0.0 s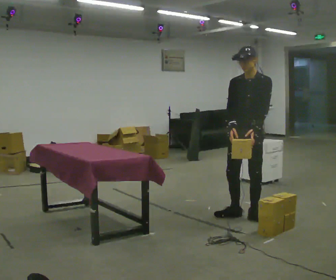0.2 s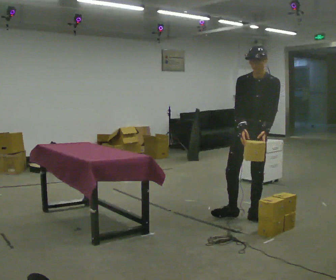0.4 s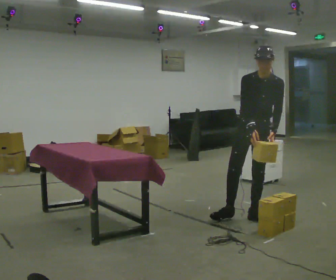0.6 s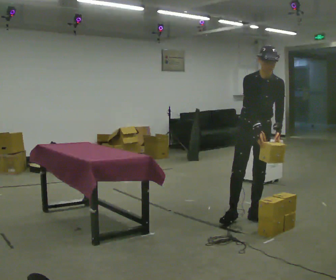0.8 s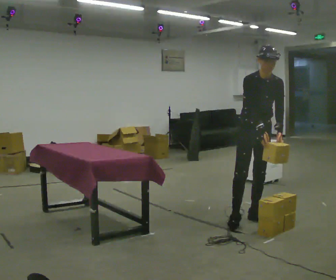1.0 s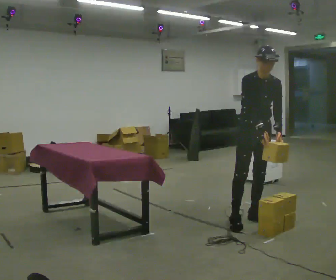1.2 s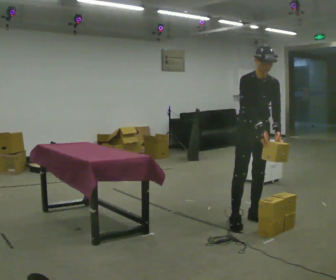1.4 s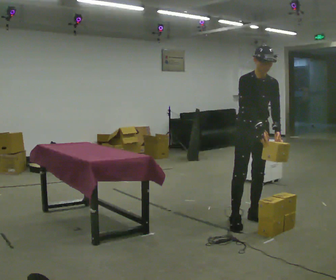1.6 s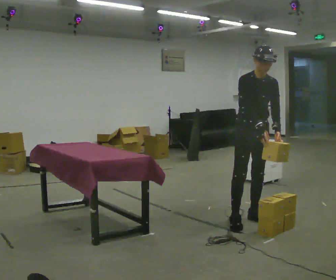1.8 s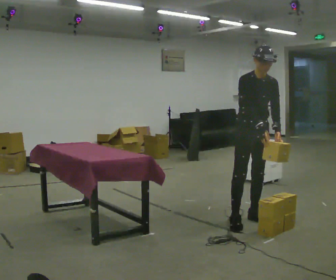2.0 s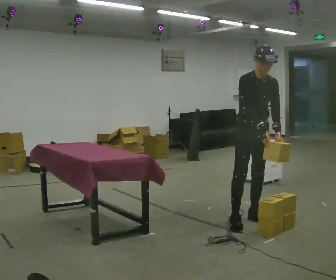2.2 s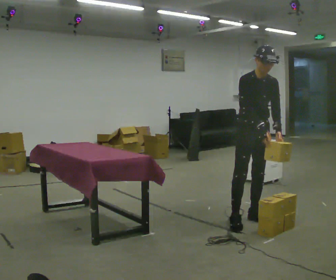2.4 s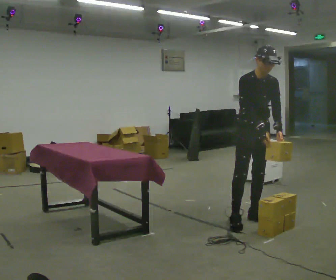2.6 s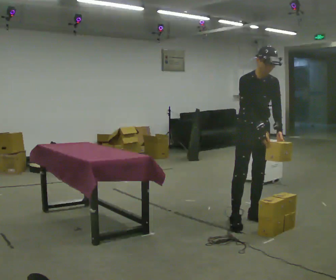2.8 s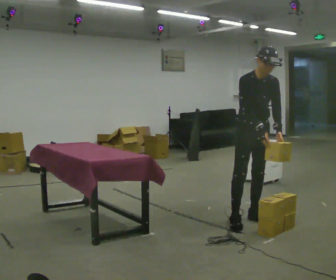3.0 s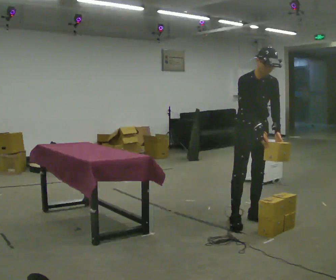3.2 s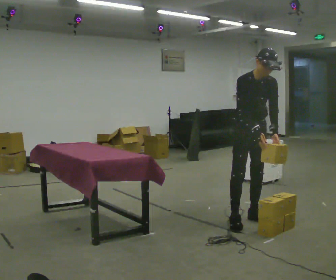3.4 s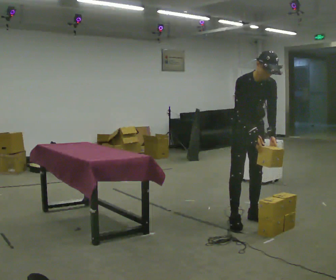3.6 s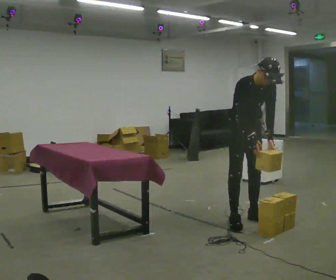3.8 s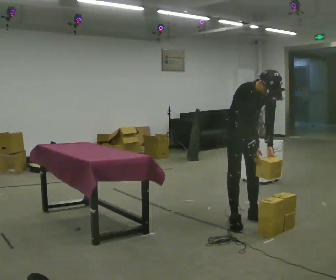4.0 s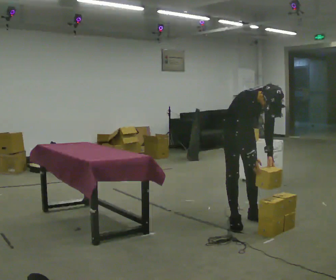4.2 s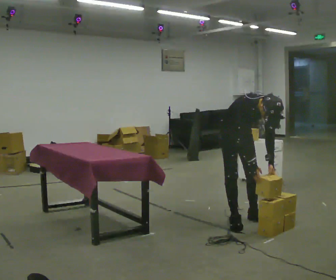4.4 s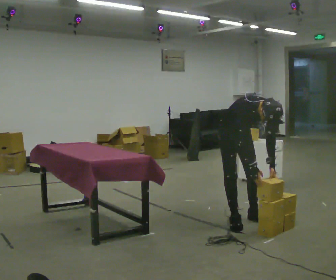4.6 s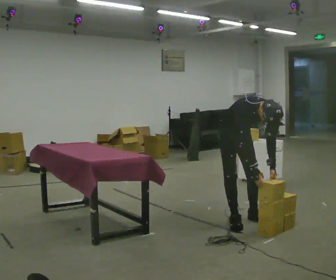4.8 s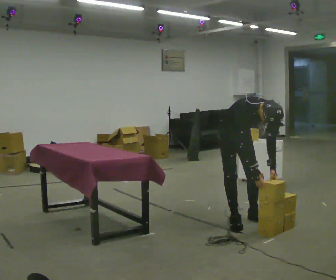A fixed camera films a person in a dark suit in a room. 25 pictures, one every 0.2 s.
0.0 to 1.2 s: The part of the body nearest the lens slides to the right as the person turns to their left by about 45 degrees.
1.2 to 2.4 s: The person moves a little, or ends about where they began.
2.4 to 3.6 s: The upper body tips toward the camera, its near side rolling downward, as they bend forward.
3.6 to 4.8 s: The shoulders move downward. In the picture the upper body tilts clockwise, shoulders to the right, as they bend forward.
The film runs backward here.
